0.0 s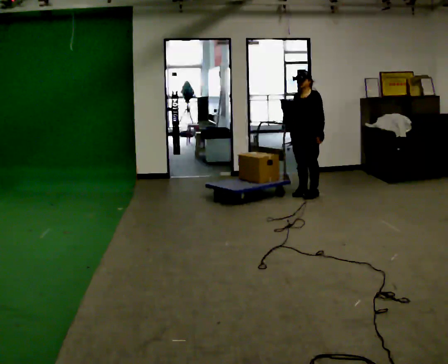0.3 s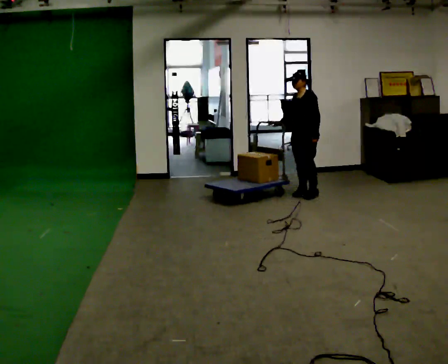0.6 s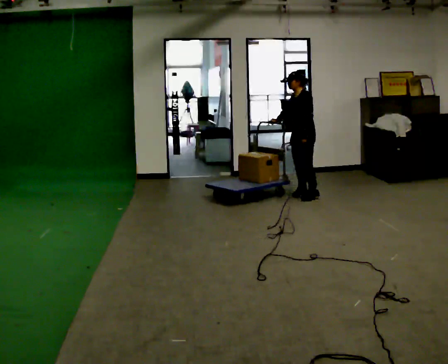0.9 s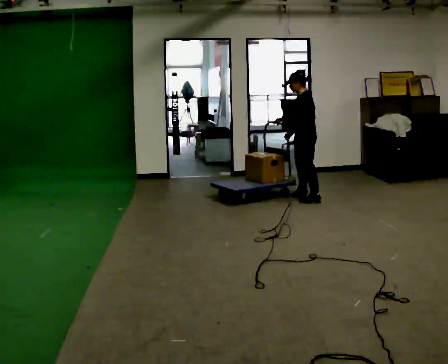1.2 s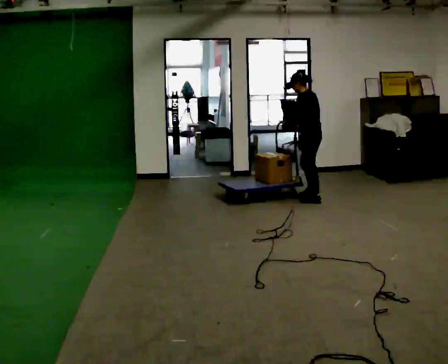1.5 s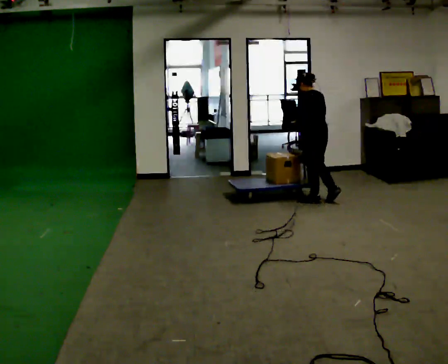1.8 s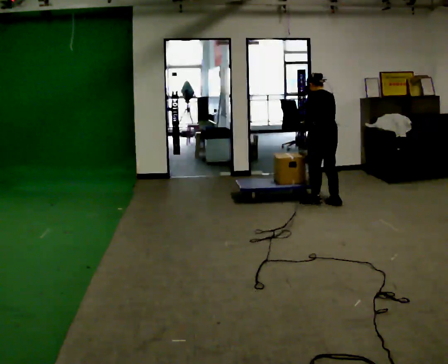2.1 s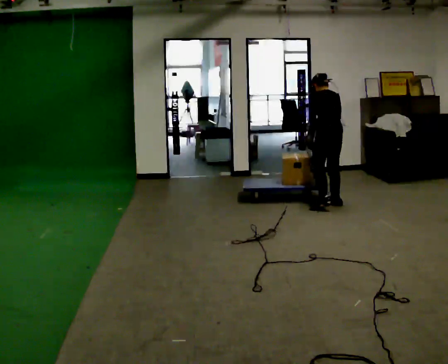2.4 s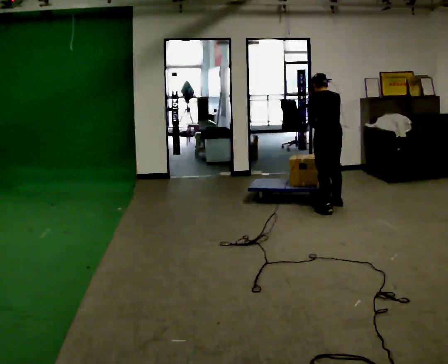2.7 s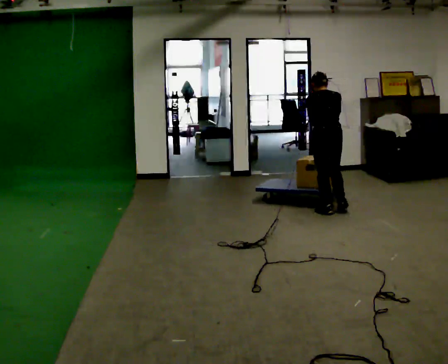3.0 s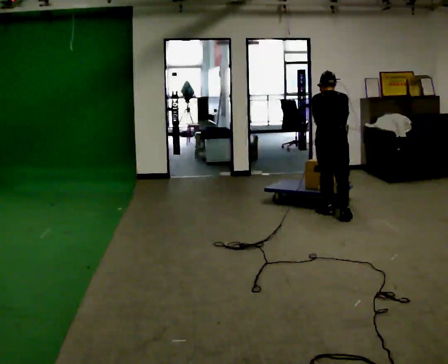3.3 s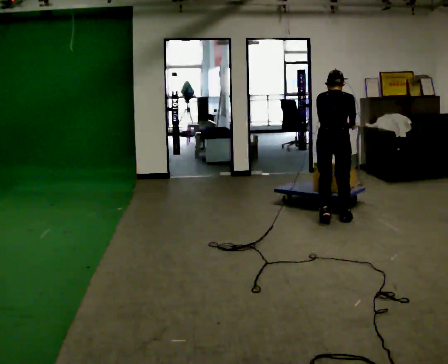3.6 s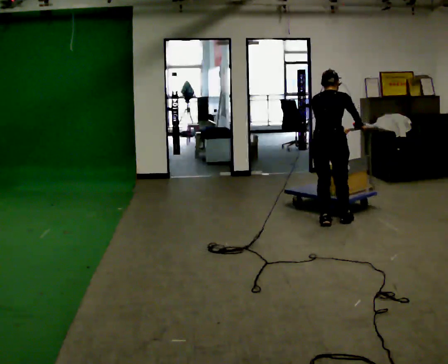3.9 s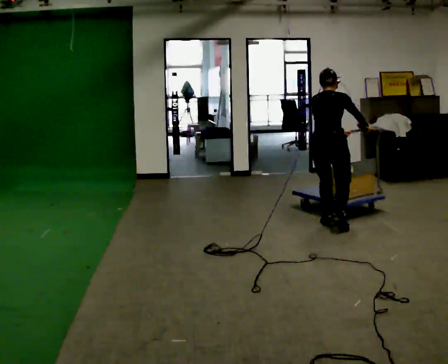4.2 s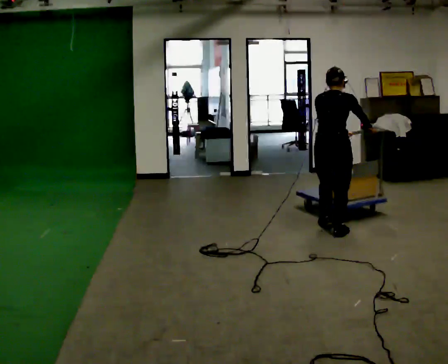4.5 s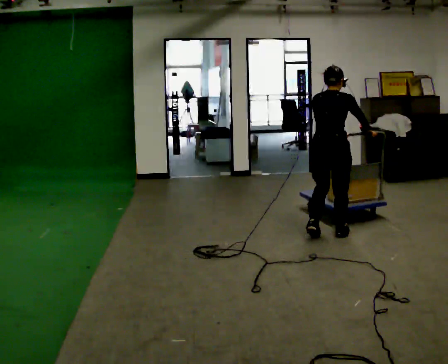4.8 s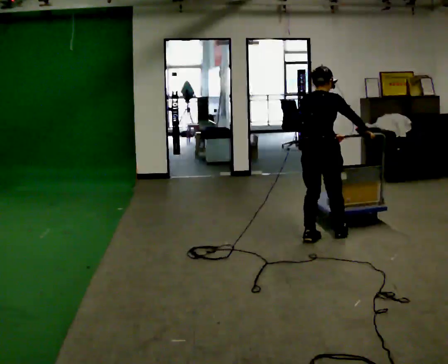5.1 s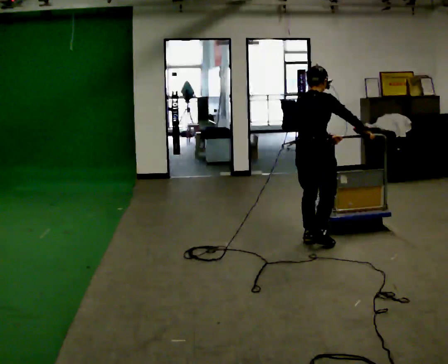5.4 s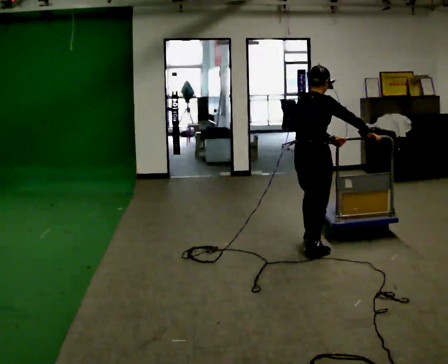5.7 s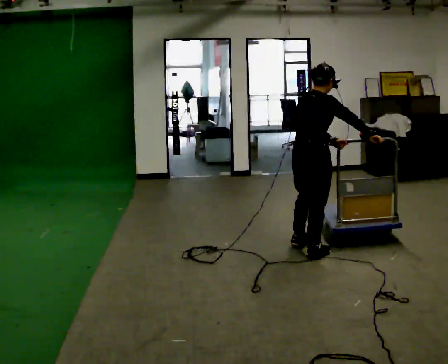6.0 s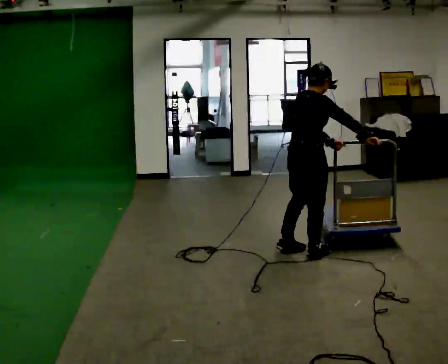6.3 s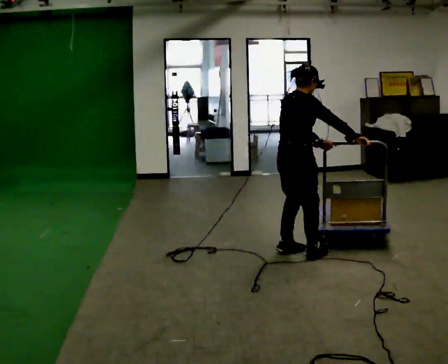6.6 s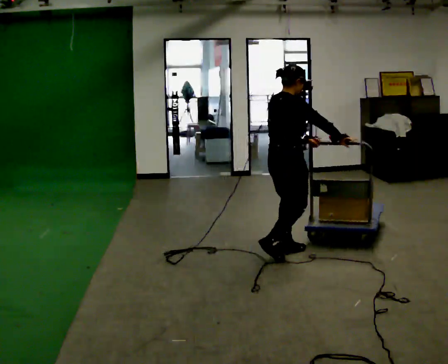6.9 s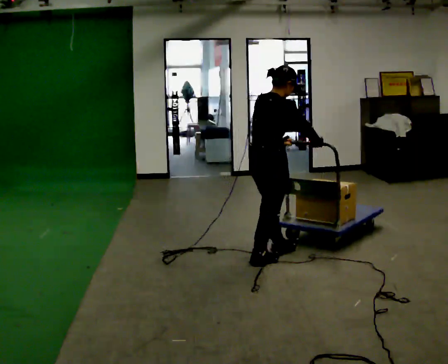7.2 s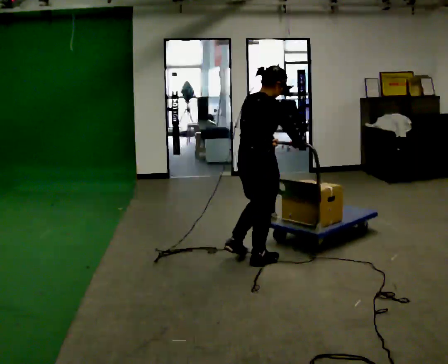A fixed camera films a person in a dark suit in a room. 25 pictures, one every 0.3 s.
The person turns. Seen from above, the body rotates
clockwise.
The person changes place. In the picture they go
toward the camera.
0.0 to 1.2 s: The person turns about 75 degrees to their right, clockwise seen from above, so the part of the body nearest the lens slides to the left. In the picture they go toward the camera, about 0.25 m in 2 steps.
1.2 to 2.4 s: The part of the body nearest the lens slides to the left as the person turns to their right by about 45 degrees. In the picture they go toward the camera and to the right, about 0.5 m in 1 step, which for them is backward.
2.4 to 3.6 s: The person turns about 45 degrees to their right, clockwise seen from above, so the part of the body nearest the lens slides to the left. In the picture they go toward the camera, about 0.5 m in 3 steps, which for them is backward.
3.6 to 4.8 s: In the picture they go toward the camera, about 0.5 m in 2 steps, which for them is backward.
4.8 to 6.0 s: Seen from above the body turns clockwise, about 30 degrees: to their right, with its near side sliding to the left. In the picture they go toward the camera, about 0.5 m in 1 step, which for them is backward.
6.0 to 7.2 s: In the picture they go to the left and toward the camera, about 0.5 m in 2 steps, which for them is backward.
The film runs backward here.
